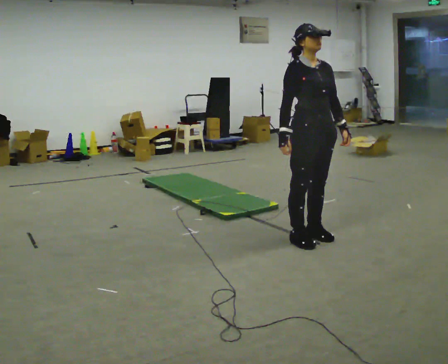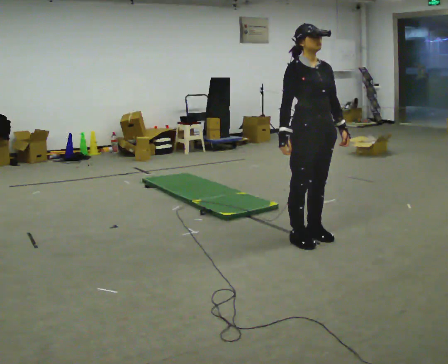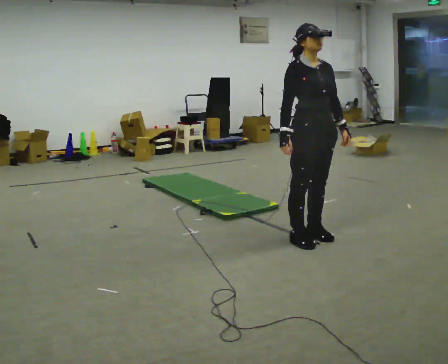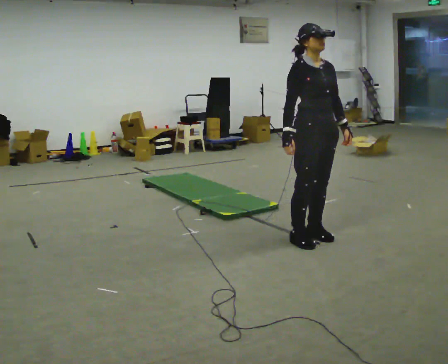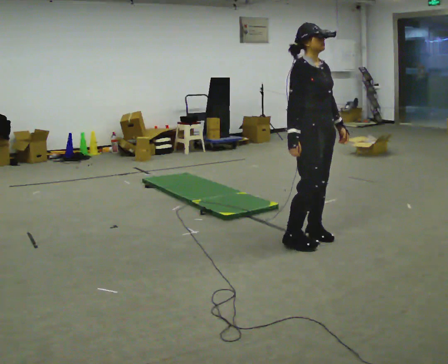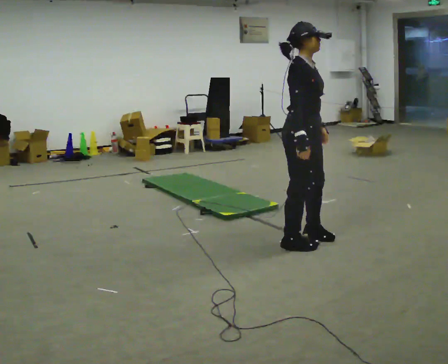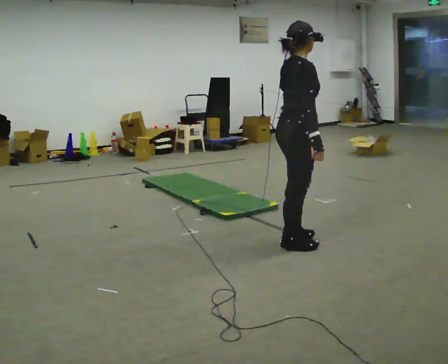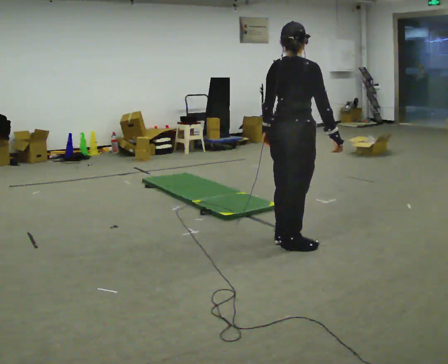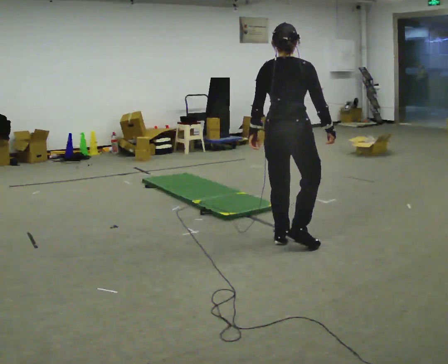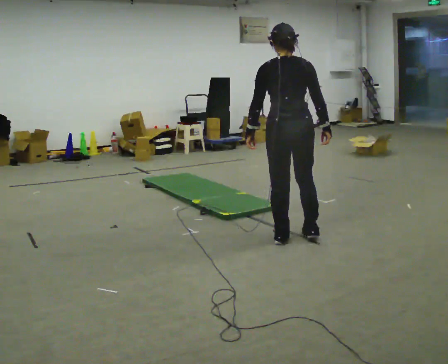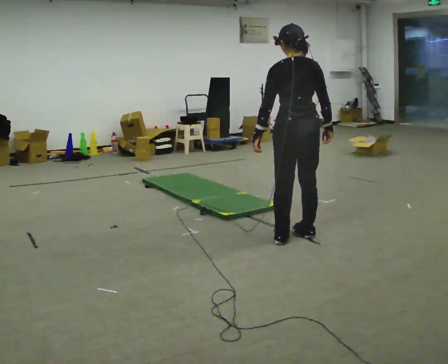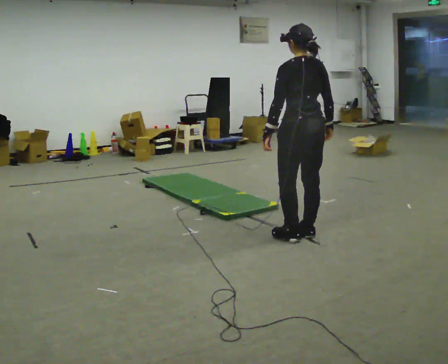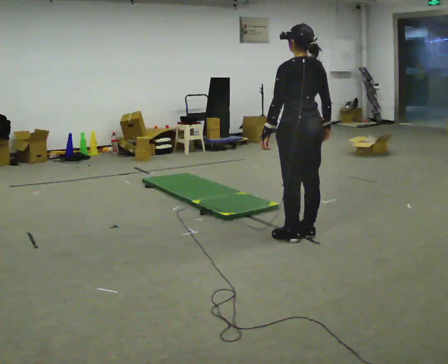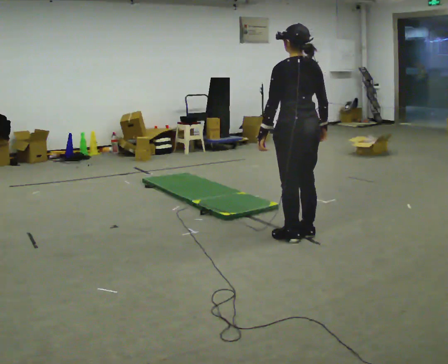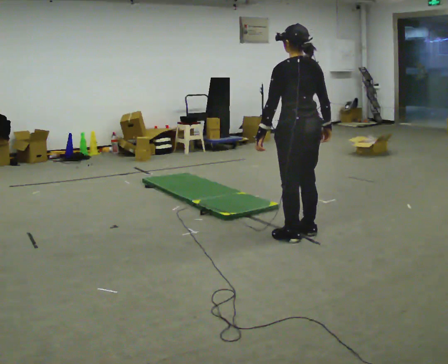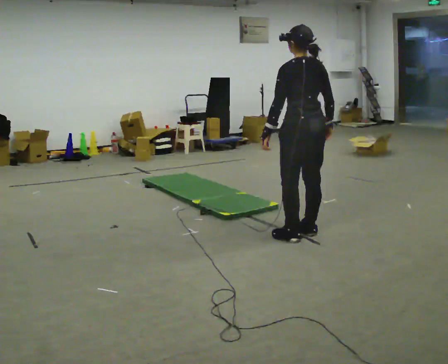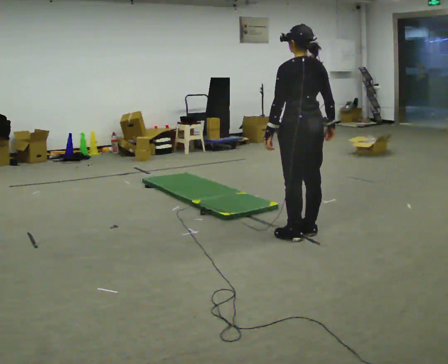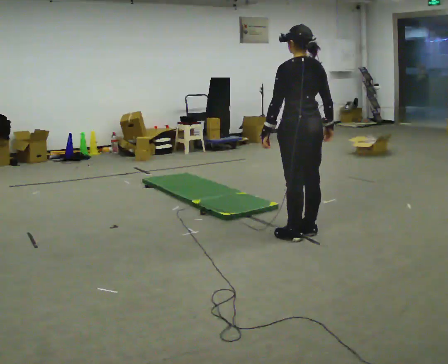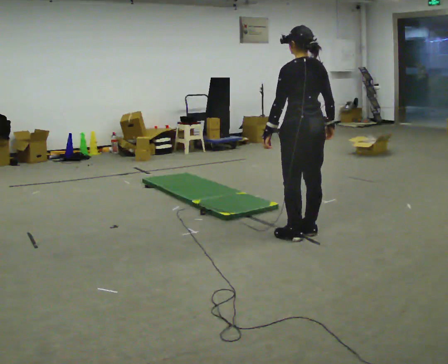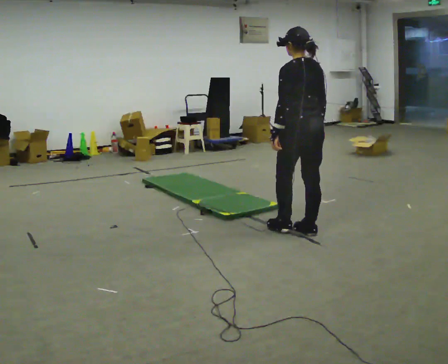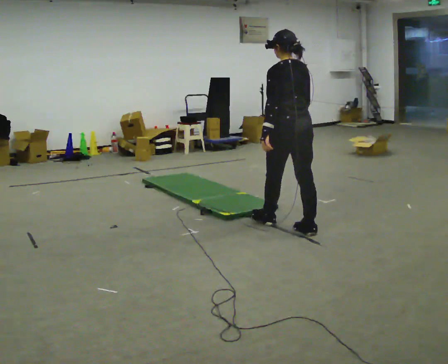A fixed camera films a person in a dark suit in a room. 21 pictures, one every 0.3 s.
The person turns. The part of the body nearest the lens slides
to the right.
The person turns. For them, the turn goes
to their left.
0.0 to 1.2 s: The person moves a little, or ends about where they began.
1.2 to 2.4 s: The person turns about 105 degrees to their left, counterclockwise seen from above, so the part of the body nearest the lens slides to the right. In the picture they go to the left, about 0.25 m in 2 steps.
2.4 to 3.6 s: The part of the body nearest the lens slides to the right as the person turns to their left by about 60 degrees.
3.6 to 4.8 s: The person moves a little, or ends about where they began.
4.8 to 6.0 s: In the picture they go away from the camera, about 0.25 m in 1 step, which for them is forward.
The film runs forward here.
